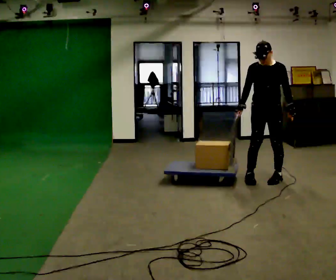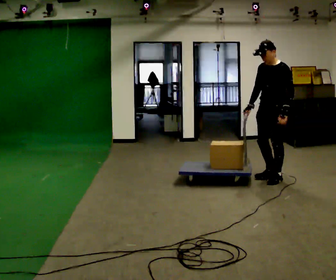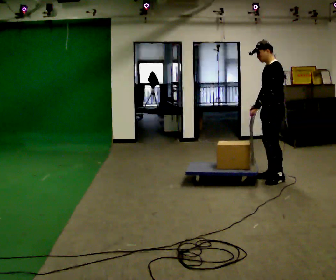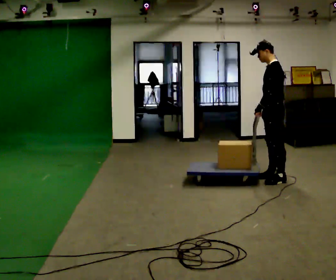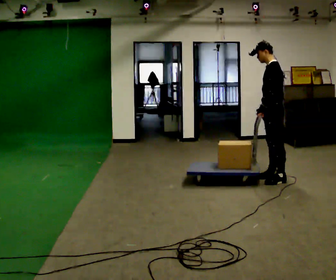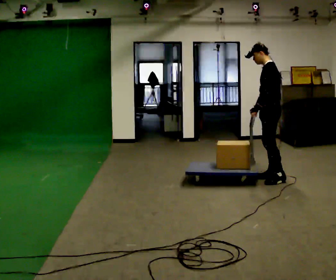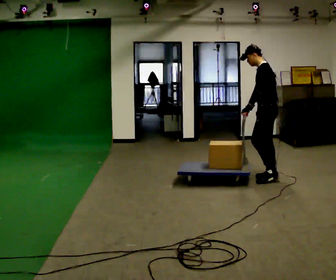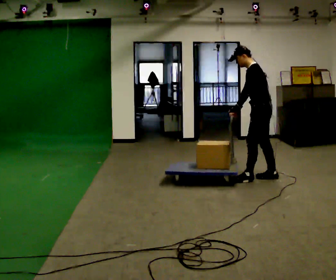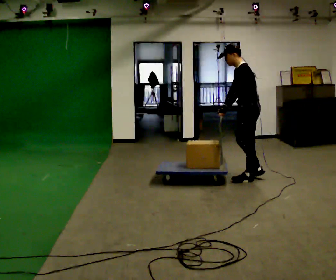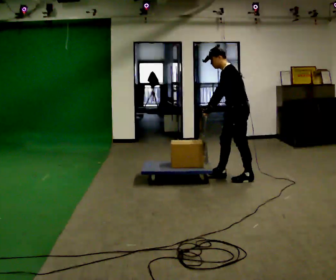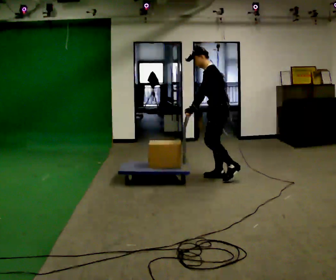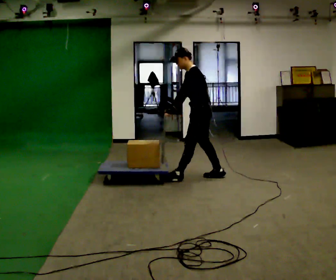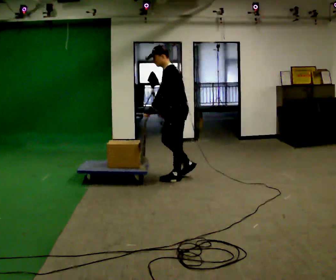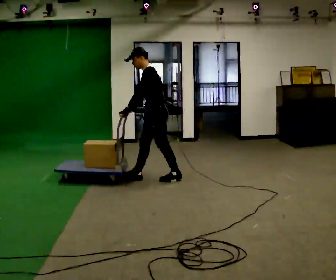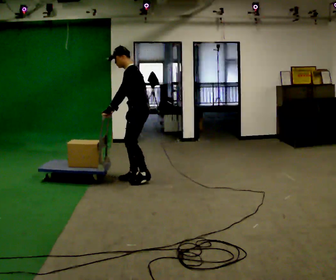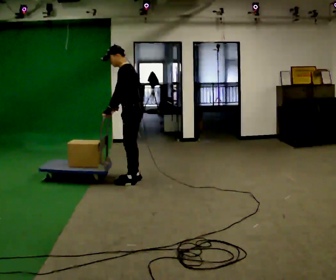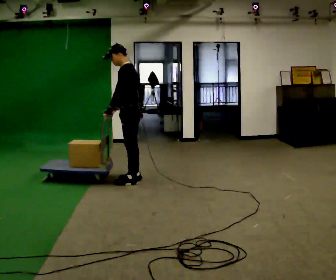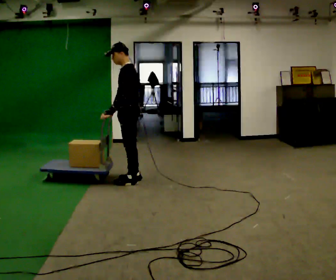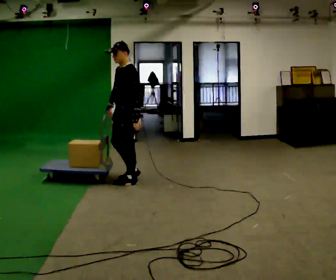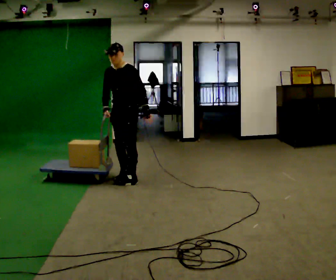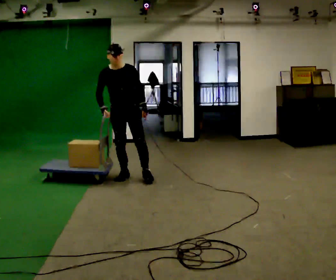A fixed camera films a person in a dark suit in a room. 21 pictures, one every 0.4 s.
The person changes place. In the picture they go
to the left.
0.0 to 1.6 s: Seen from above the body turns clockwise, about 90 degrees: to their right, with its near side sliding to the left. In the picture their left hand goes to the left, the arm swinging clockwise.
1.6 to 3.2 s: In the picture they go to the left, about 0.25 m in 1 step, which for them is forward.
3.2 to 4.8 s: In the picture they go to the left, about 1 m in 2 steps, which for them is forward.
4.8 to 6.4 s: In the picture they go to the left, about 0.5 m in 2 steps, which for them is forward.
6.4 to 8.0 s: The part of the body nearest the lens slides to the right as the person turns to their left by about 90 degrees. In the picture they go away from the camera and to the left, about 0.25 m in 1 step. In the picture their left hand goes to the right, the arm swinging counterclockwise.
The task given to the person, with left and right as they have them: Push the cart across the room and back. The operator will change how much is loaded on it between takes and will tell you each time.
The film runs forward here.
